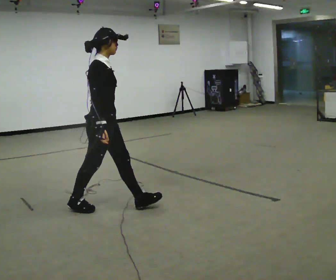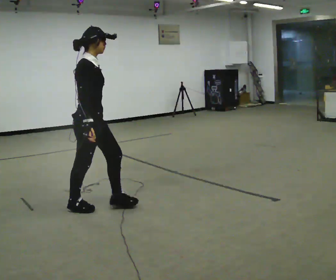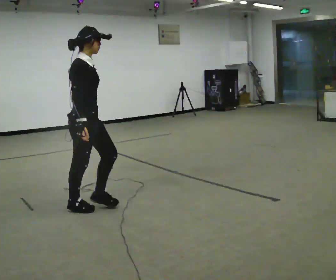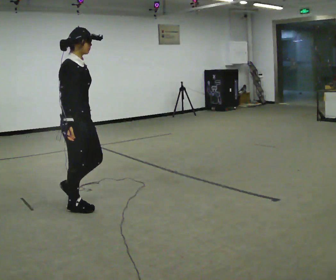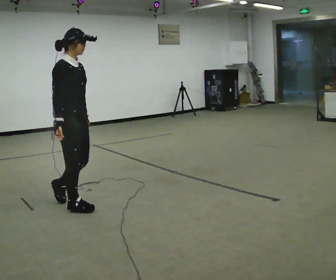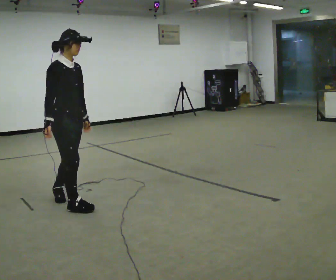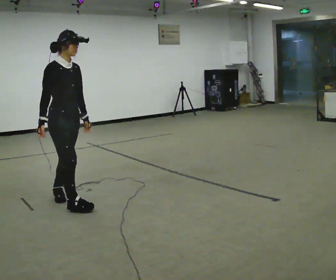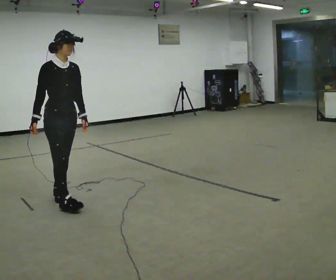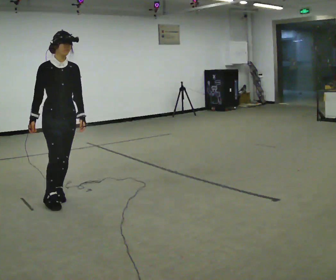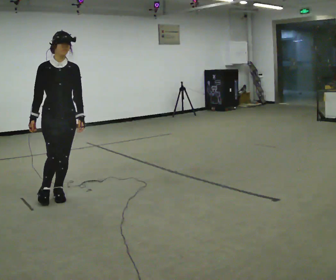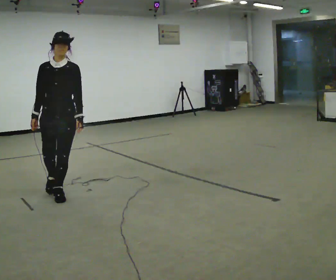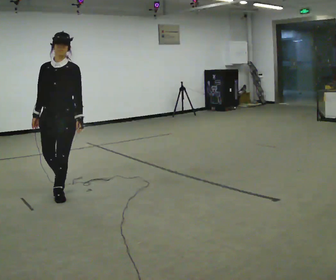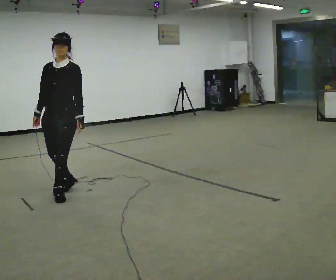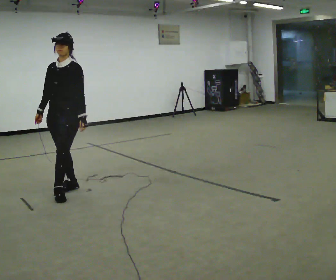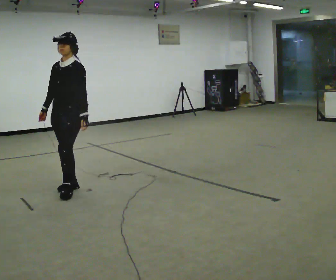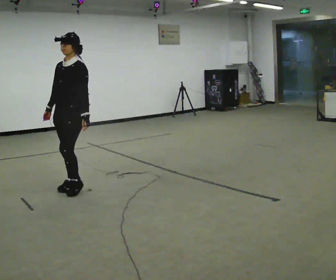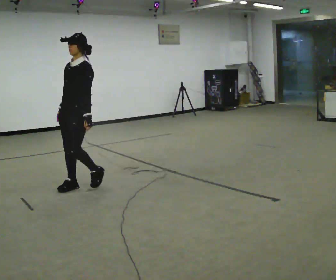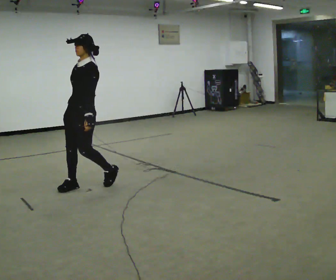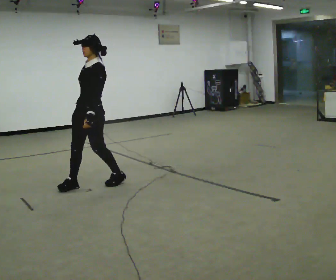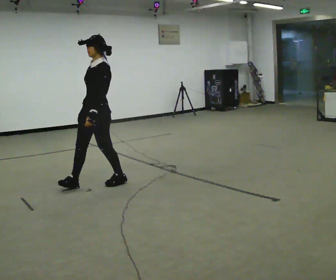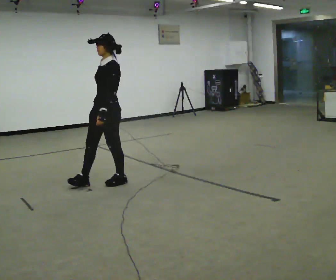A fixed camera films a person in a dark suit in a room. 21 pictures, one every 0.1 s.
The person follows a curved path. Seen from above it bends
clockwise.
The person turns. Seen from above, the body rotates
clockwise.
0.0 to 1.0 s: The person turns about 75 degrees to their right, clockwise seen from above, so the part of the body nearest the lens slides to the left. In the picture they go away from the camera and to the left, about 0.5 m in 1 step.
1.0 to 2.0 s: The part of the body nearest the lens slides to the left as the person turns to their right by about 60 degrees. In the picture they go to the right and away from the camera, about 0.5 m in 2 steps.
The film runs backward here.
